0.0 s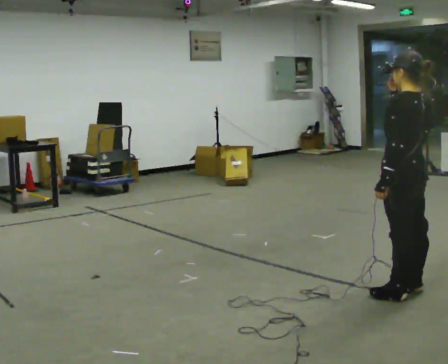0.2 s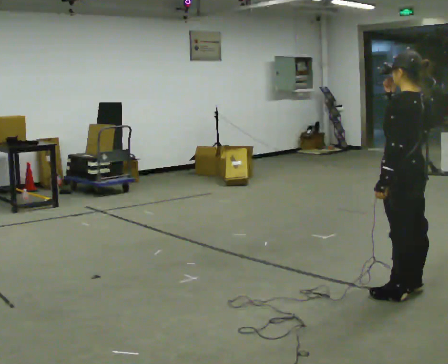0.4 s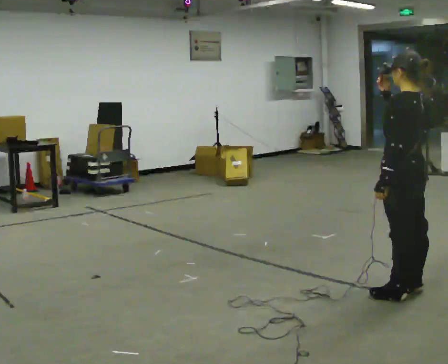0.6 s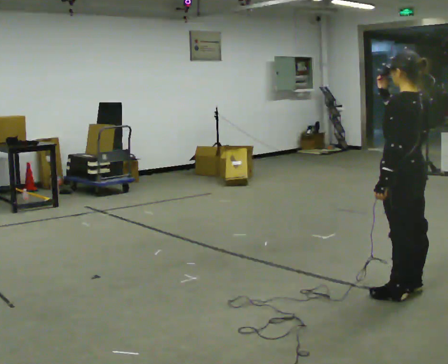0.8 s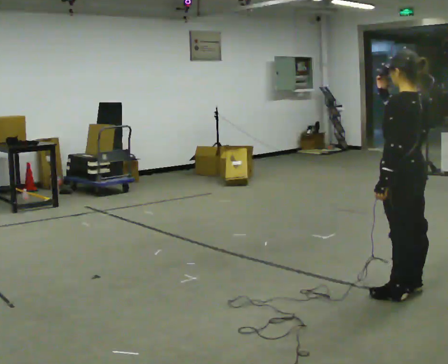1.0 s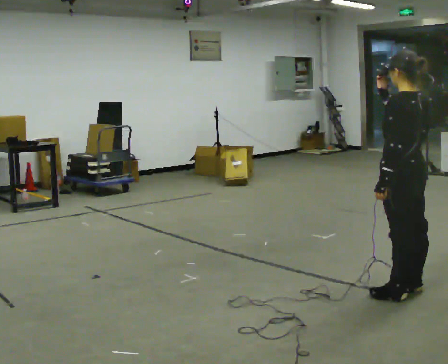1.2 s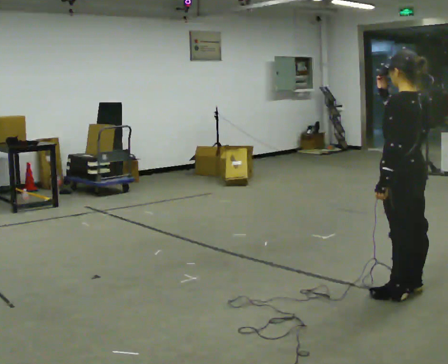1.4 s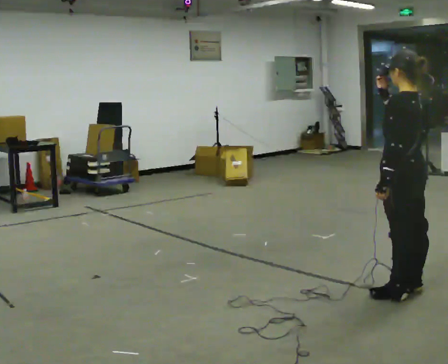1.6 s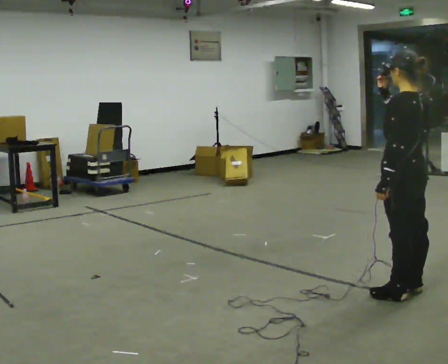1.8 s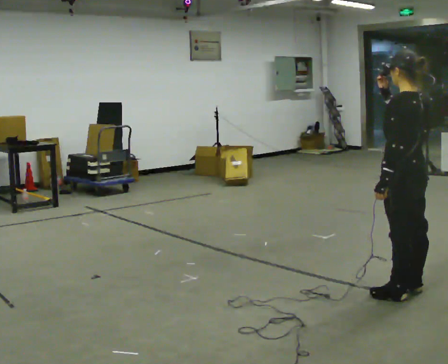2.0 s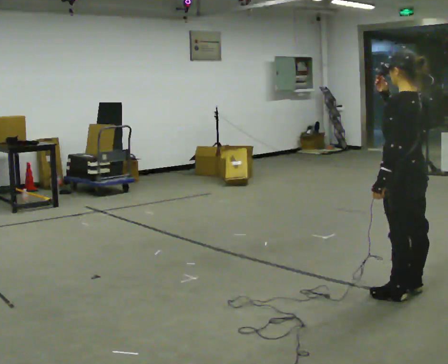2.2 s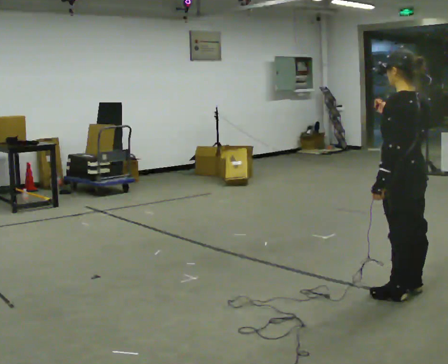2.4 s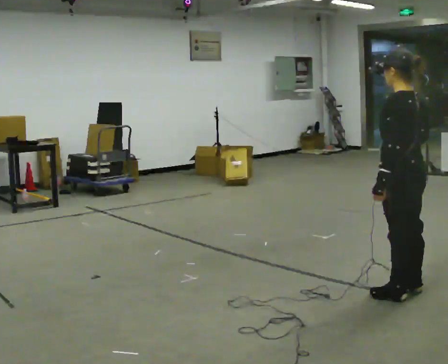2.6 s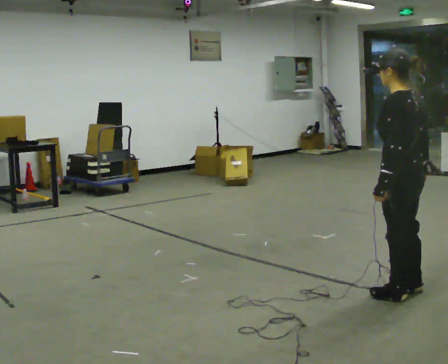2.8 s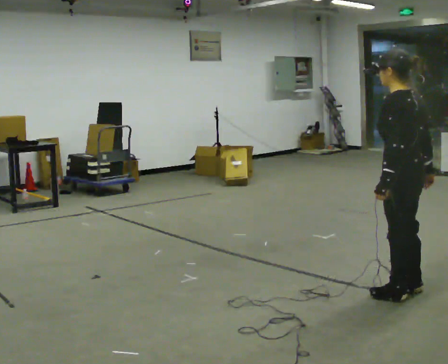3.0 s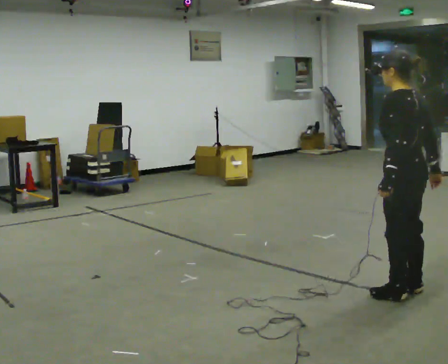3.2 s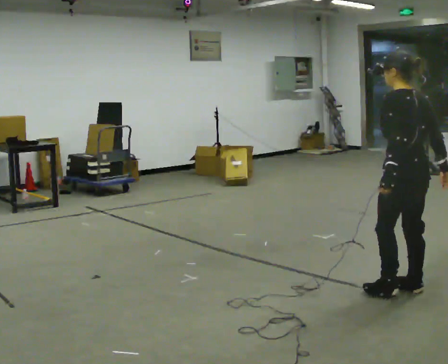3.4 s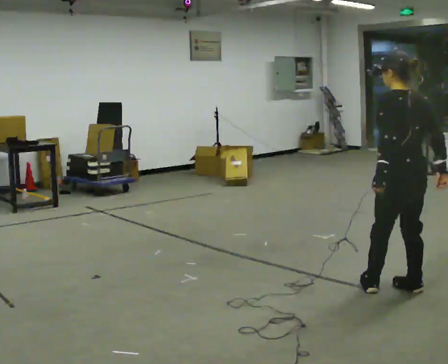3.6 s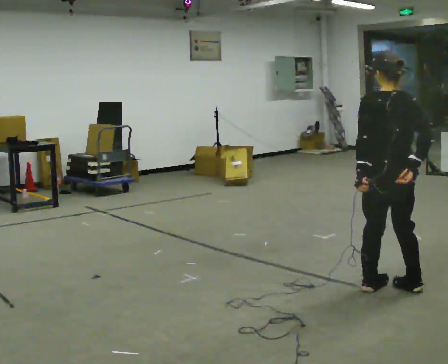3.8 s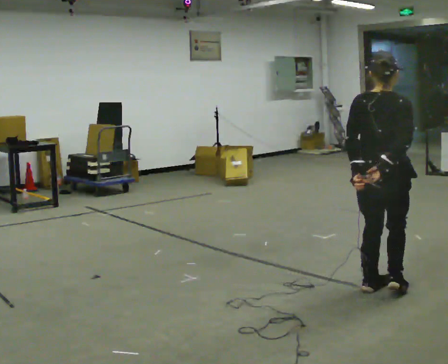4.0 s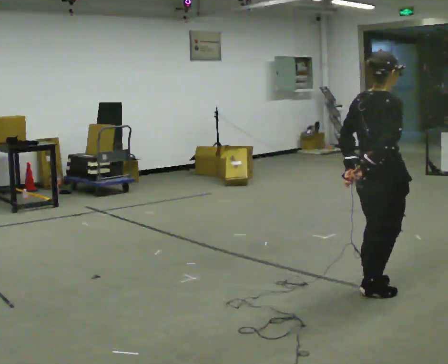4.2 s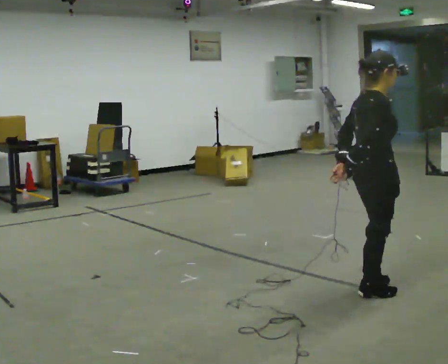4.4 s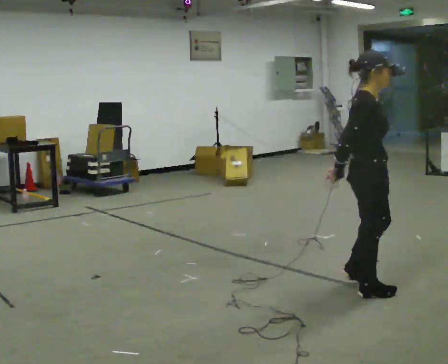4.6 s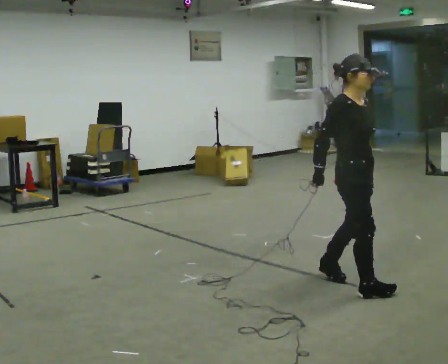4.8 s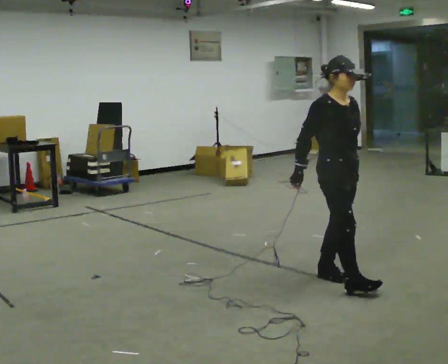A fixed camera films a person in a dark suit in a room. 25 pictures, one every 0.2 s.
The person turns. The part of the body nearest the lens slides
to the left.
Their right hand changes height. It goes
downward.
0.0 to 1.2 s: The person moves a little, or ends about where they began.
1.2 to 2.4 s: In the picture their right hand goes downward.
2.4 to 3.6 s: The part of the body nearest the lens slides to the left as the person turns to their right by about 30 degrees.
3.6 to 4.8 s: The person turns about 135 degrees to their right, clockwise seen from above, so the part of the body nearest the lens slides to the left. In the picture they go to the left and away from the camera, about 0.5 m in 3 steps.
The film runs backward here.
